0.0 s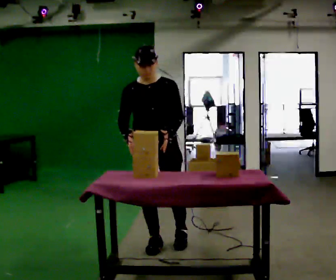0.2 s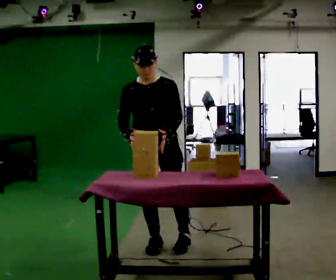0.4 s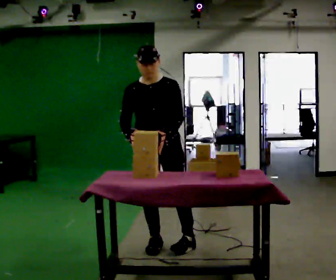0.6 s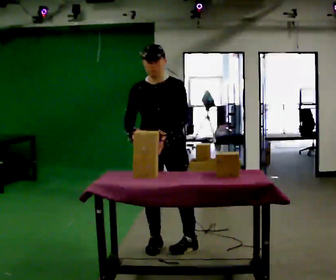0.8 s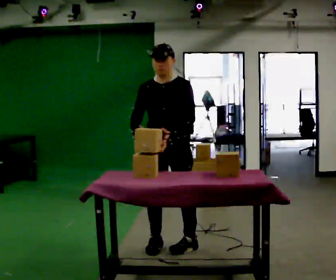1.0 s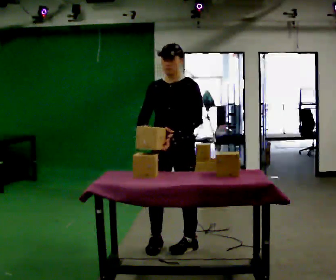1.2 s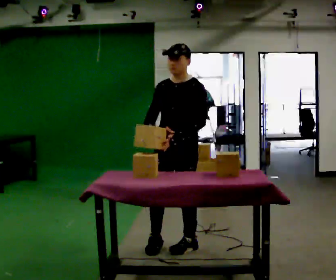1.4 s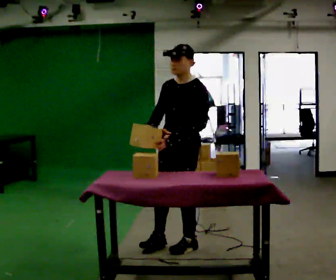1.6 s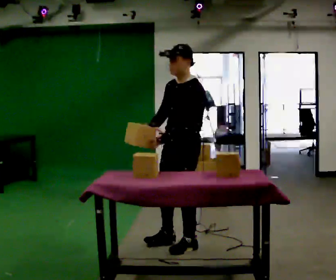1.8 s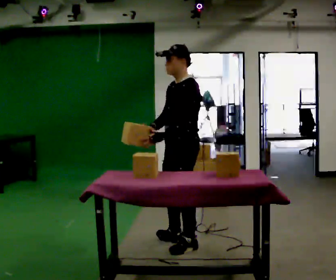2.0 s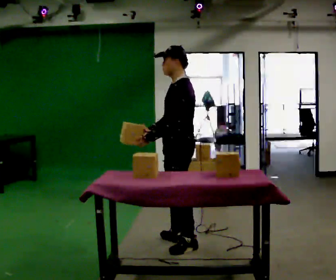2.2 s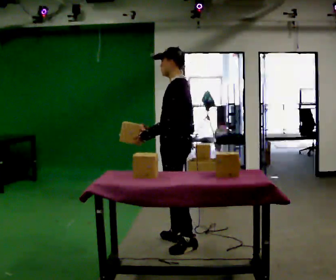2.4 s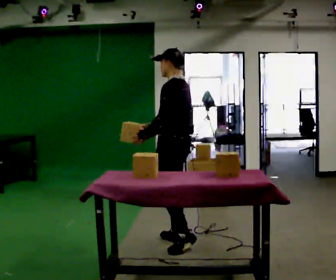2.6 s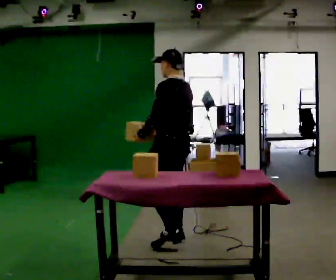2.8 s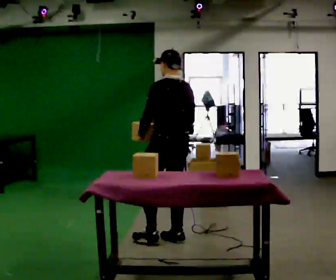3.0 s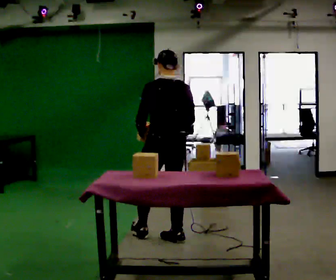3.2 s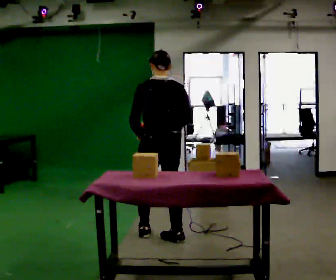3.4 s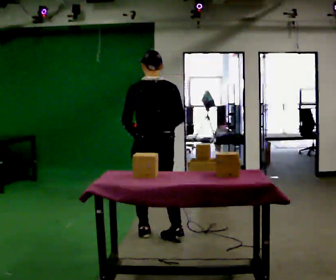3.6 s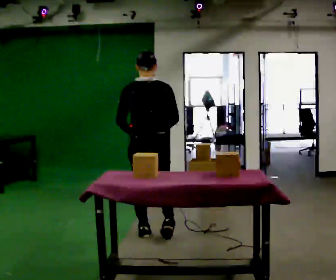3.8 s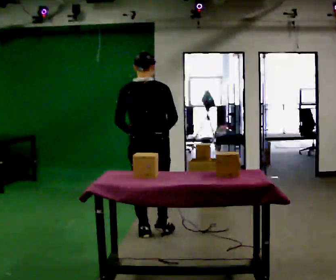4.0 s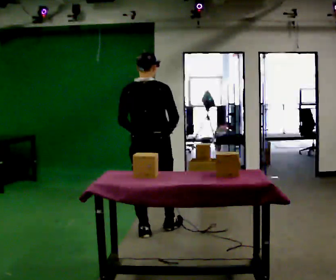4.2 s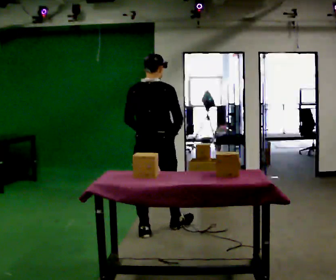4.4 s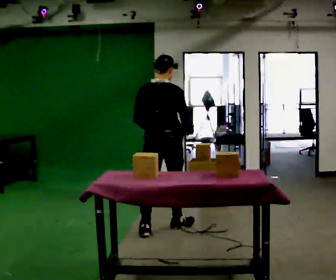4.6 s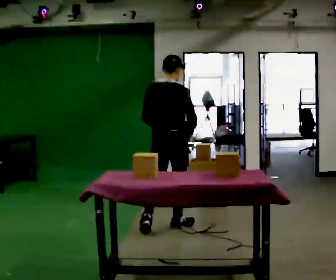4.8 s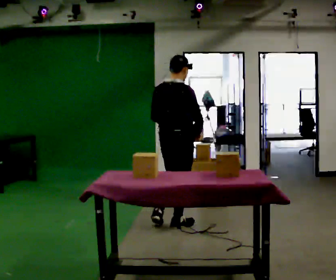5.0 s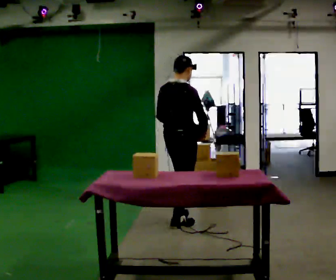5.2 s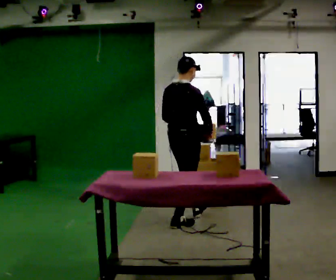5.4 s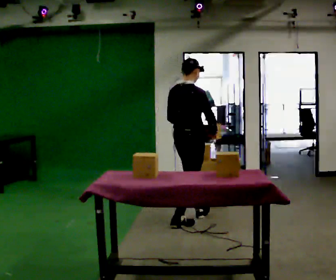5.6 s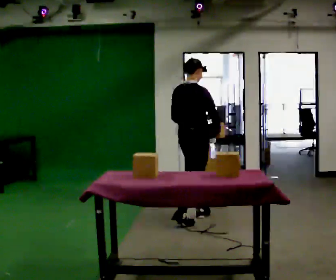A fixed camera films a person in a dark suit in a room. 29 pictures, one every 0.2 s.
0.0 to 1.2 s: The person turns about 30 degrees to their right, clockwise seen from above, so the part of the body nearest the lens slides to the left. In the picture they go to the right, about 0.25 m in 1 step, which for them is to their left.
1.2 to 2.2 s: Seen from above the body turns clockwise, about 60 degrees: to their right, with its near side sliding to the left.
2.2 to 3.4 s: The part of the body nearest the lens slides to the left as the person turns to their right by about 75 degrees. In the picture they go to the left and away from the camera, about 0.25 m in 1 step.
3.4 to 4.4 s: The part of the body nearest the lens slides to the left as the person turns to their right by about 30 degrees. In the picture they go away from the camera, about 0.25 m in 1 step, which for them is forward.
4.4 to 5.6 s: Seen from above the body turns clockwise, about 30 degrees: to their right, with its near side sliding to the left. In the picture they go away from the camera and to the right, about 0.5 m in 1 step, which for them is forward.
The film runs forward here.
